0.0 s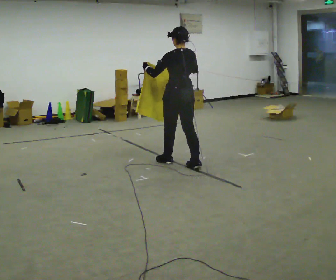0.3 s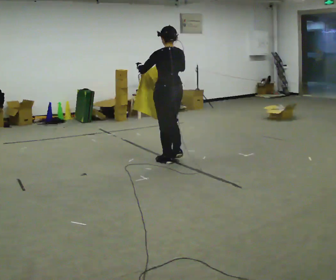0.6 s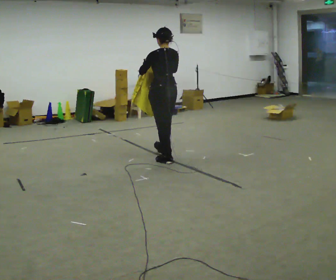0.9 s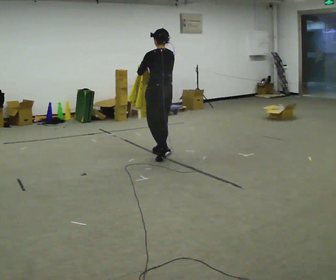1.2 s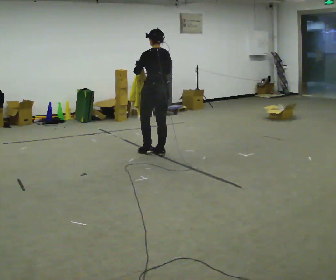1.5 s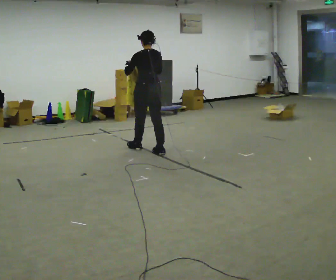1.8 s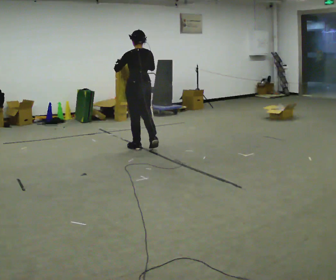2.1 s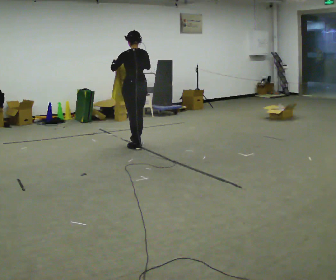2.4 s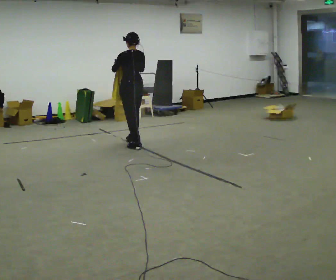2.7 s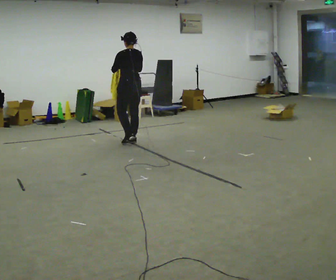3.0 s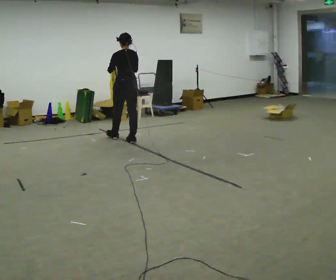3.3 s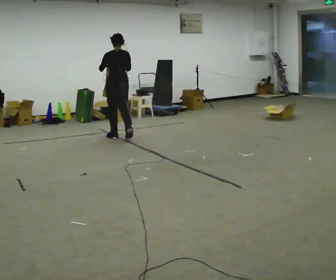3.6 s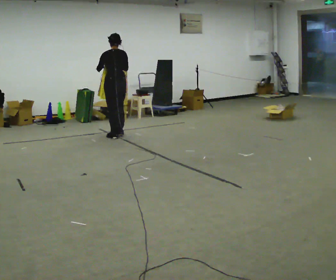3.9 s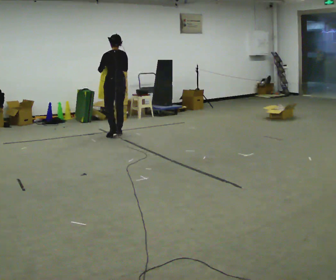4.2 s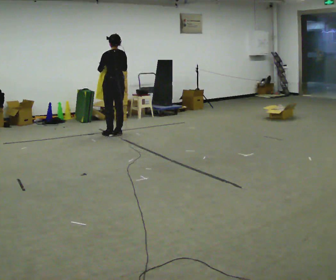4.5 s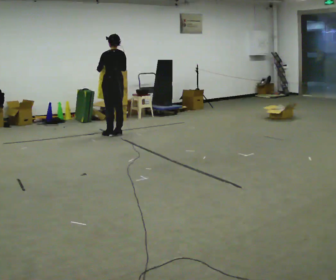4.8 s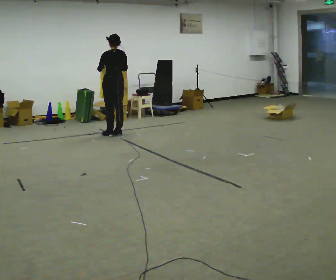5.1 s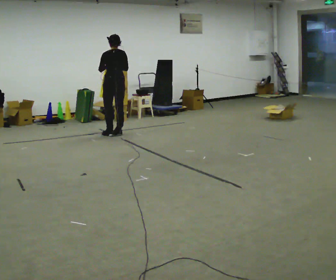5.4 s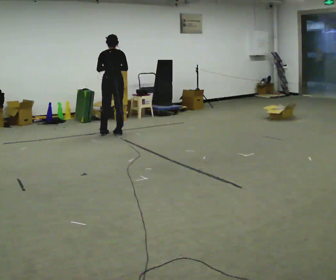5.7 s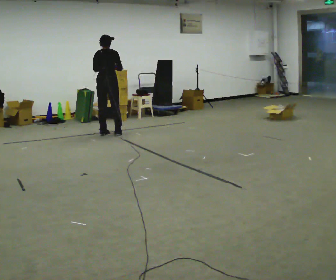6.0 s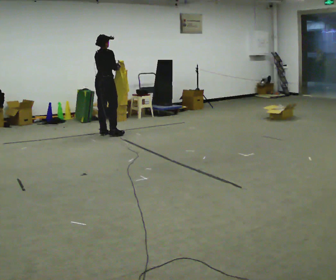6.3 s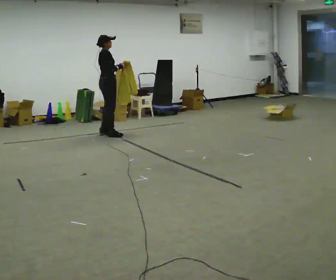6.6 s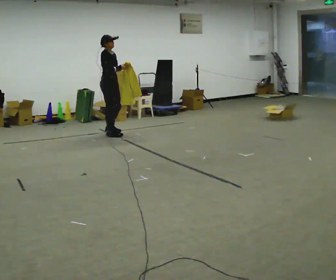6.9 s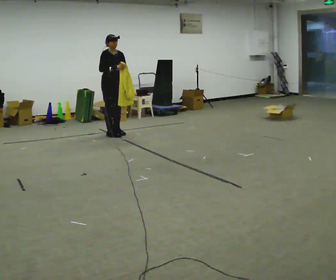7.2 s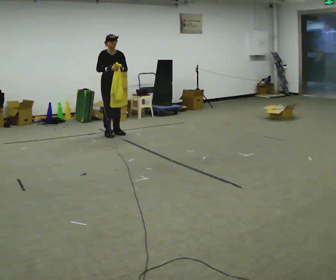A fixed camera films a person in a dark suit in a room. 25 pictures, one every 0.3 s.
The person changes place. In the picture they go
away from the camera.
0.0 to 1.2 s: In the picture they go away from the camera and to the left, about 0.5 m in 1 step, which for them is forward.
1.2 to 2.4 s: In the picture they go away from the camera and to the left, about 0.5 m in 2 steps, which for them is forward.
2.4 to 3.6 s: In the picture they go away from the camera and to the left, about 0.5 m in 1 step, which for them is forward.
3.6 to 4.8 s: In the picture they go away from the camera, about 0.25 m in 2 steps, which for them is forward.
4.8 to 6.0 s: The person turns about 75 degrees to their right, clockwise seen from above, so the part of the body nearest the lens slides to the left. In the picture they go to the left, about 0.25 m in 1 step.
6.0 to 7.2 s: Seen from above the body turns clockwise, about 105 degrees: to their right, with its near side sliding to the left.
The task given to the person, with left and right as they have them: Carry the cloth and, while walking, fold it in half, then unfold it. Keep repeating as you walk. Do not stop.
The film runs forward here.
